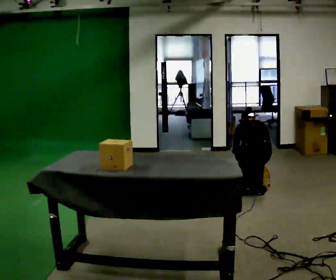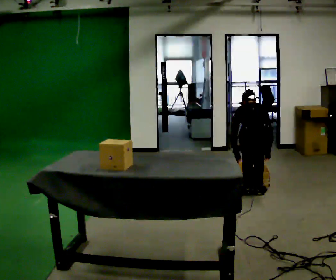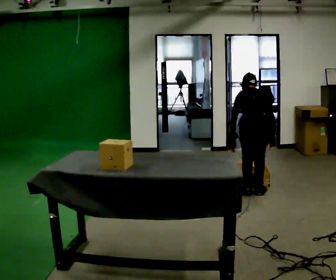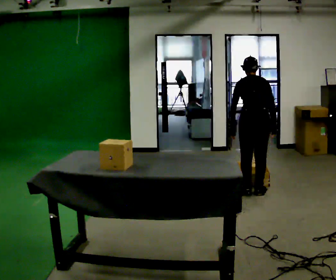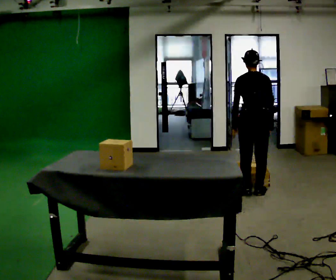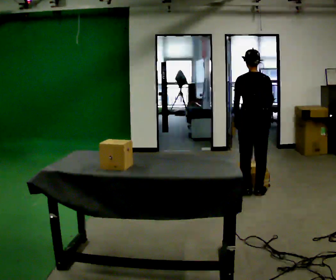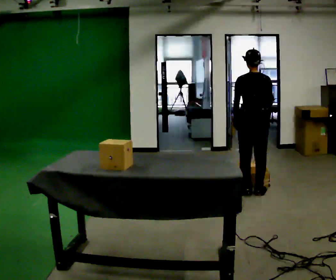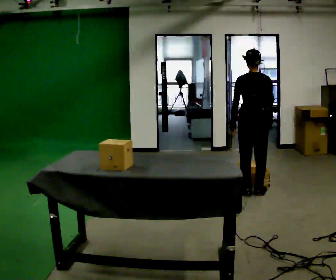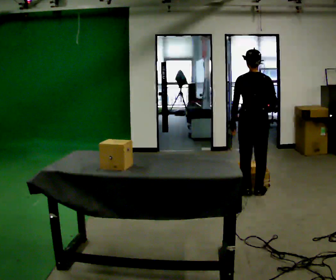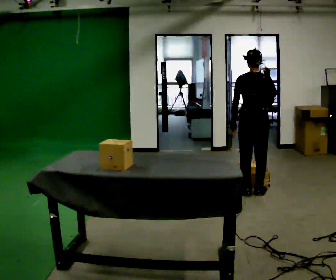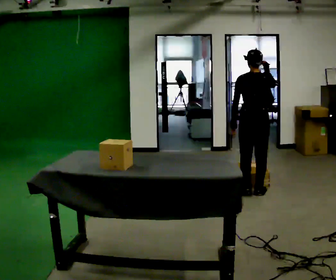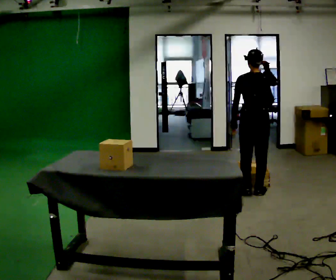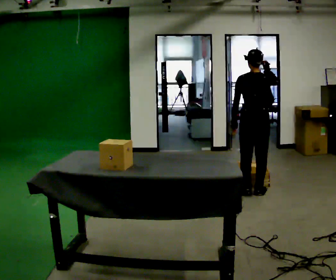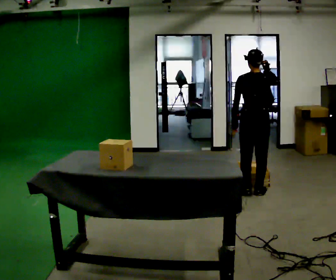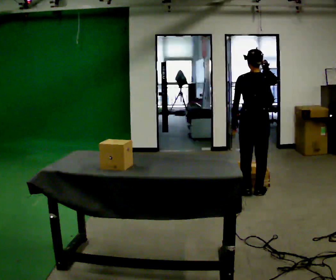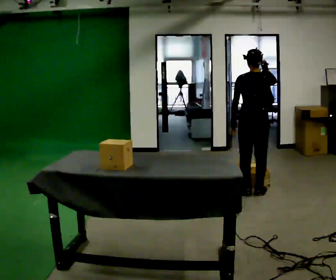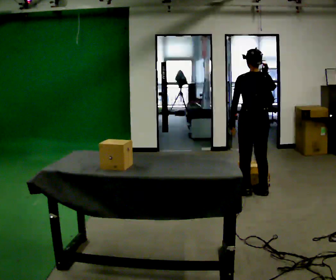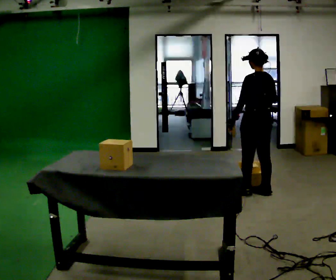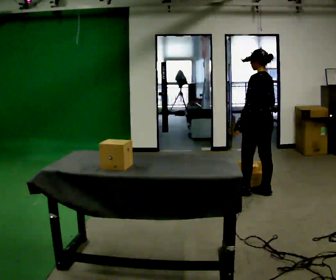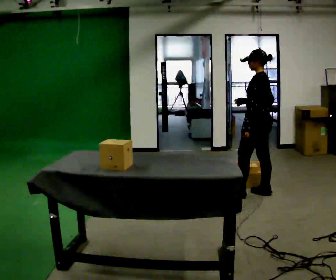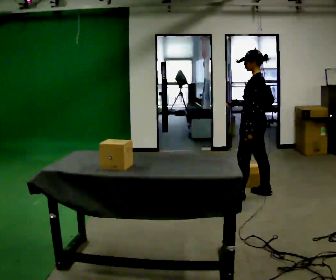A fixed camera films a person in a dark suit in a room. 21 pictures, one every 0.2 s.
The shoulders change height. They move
upward.
The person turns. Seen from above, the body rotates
counterclockwise.
0.0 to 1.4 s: In the picture they go away from the camera, about 0.25 m, which for them is forward. The shoulders move upward. The upper body tips toward the camera, its near side rolling downward, as they lean back or straighten. In the picture their left hand goes upward.
1.4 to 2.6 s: In the picture their right hand goes upward.
2.6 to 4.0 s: The part of the body nearest the lens slides to the right as the person turns to their left by about 75 degrees. In the picture their right hand goes to the left and downward.
The film runs forward here.
